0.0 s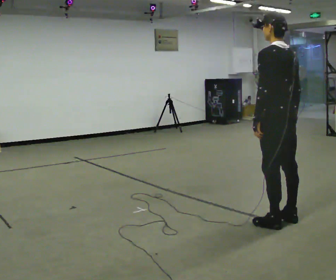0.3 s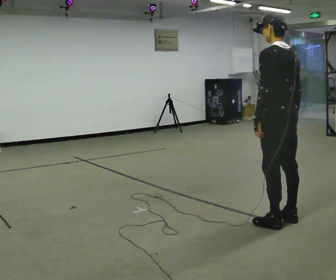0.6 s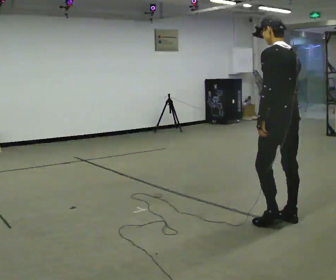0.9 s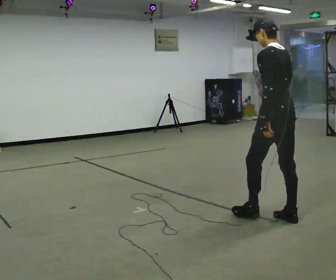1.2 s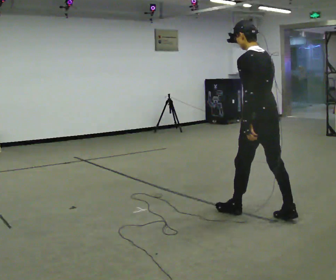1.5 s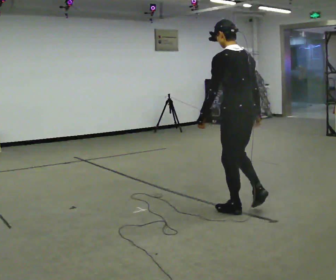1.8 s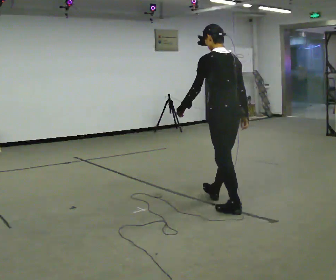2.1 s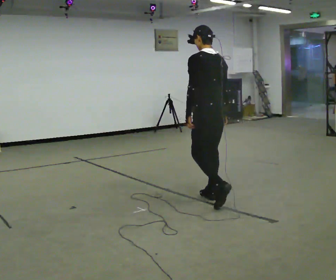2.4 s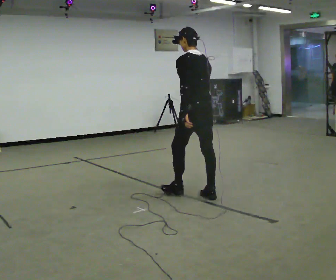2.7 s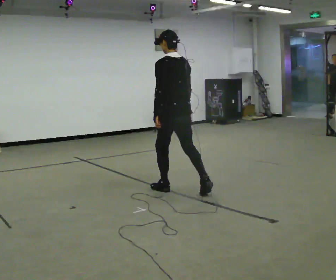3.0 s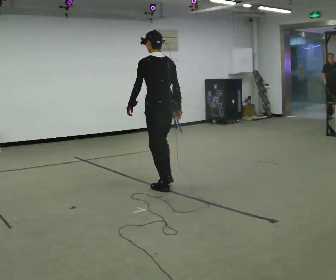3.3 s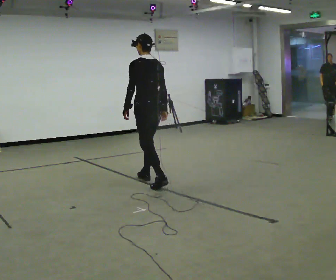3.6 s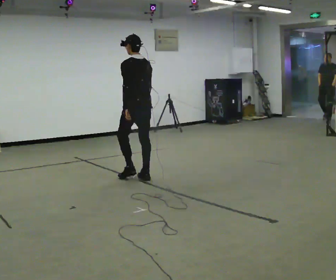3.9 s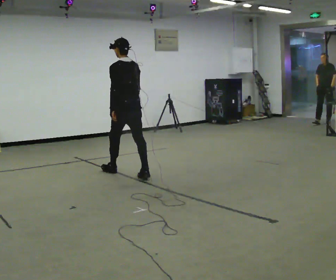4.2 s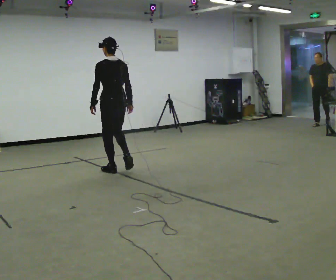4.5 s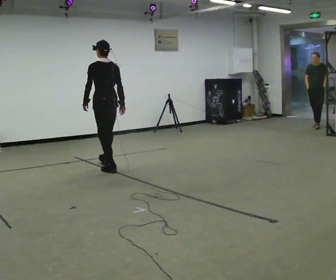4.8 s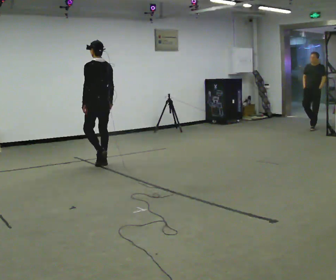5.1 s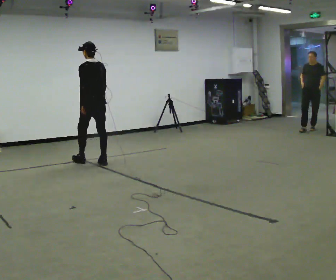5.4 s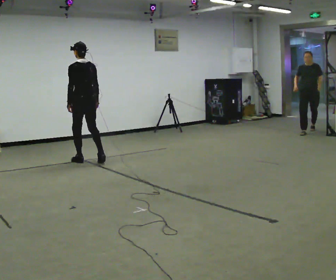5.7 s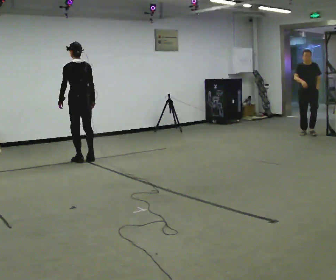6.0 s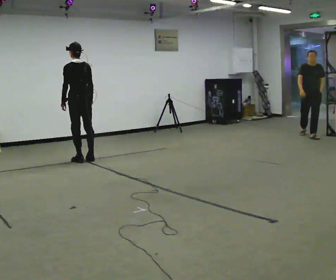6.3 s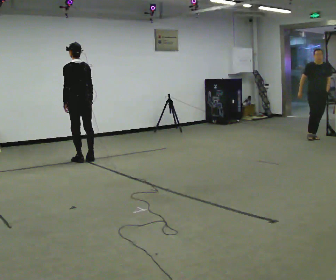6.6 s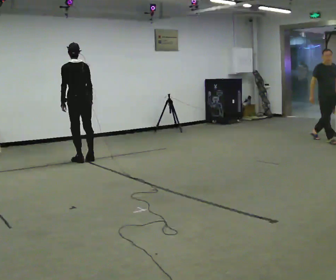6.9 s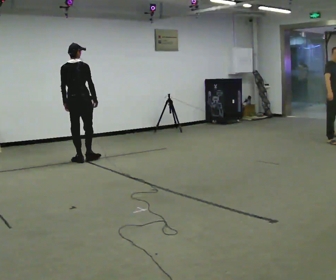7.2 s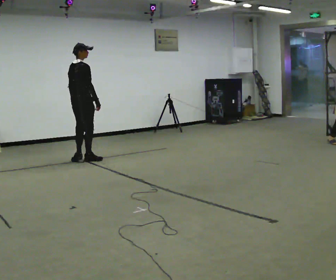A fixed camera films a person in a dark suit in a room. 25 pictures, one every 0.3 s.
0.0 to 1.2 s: In the picture they go away from the camera, about 0.25 m in 1 step, which for them is forward.
1.2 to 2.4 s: In the picture they go away from the camera and to the left, about 1 m in 1 step, which for them is forward.
2.4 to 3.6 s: In the picture they go away from the camera and to the left, about 1 m in 2 steps, which for them is forward.
3.6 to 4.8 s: In the picture they go away from the camera and to the left, about 1 m in 2 steps, which for them is forward.
4.8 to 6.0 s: In the picture they go to the left and away from the camera, about 0.5 m in 2 steps, which for them is forward.
6.0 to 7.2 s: The part of the body nearest the lens slides to the left as the person turns to their right by about 75 degrees.
The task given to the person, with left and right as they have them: Start still; walk straight at normal comfortable speed; stop at endpoint.
The film runs forward here.
